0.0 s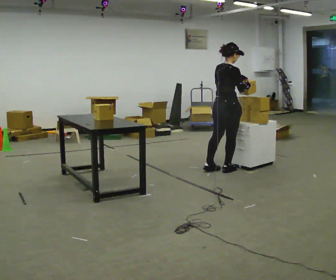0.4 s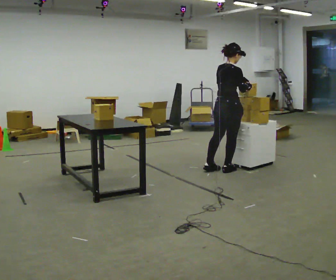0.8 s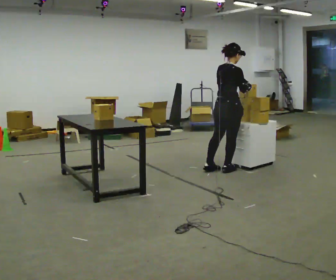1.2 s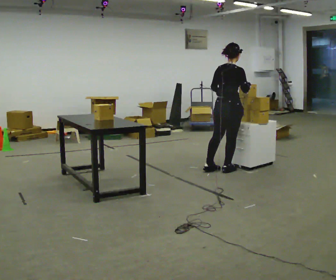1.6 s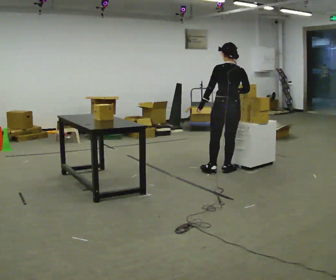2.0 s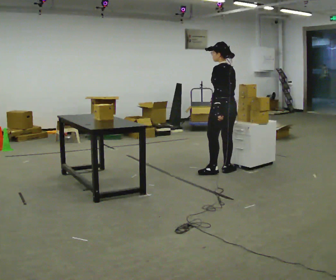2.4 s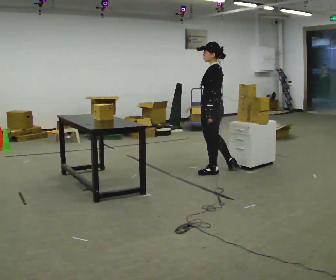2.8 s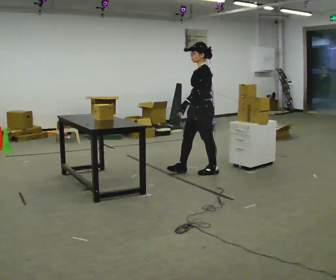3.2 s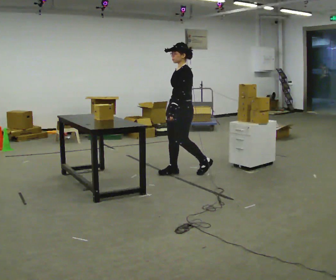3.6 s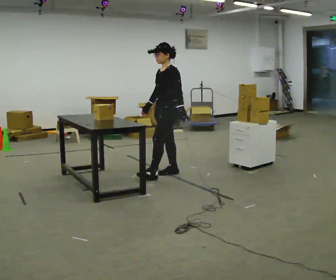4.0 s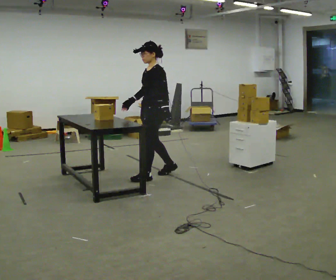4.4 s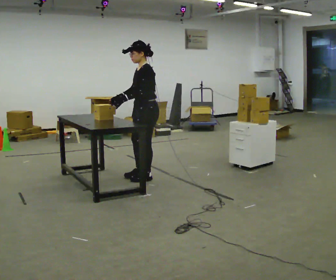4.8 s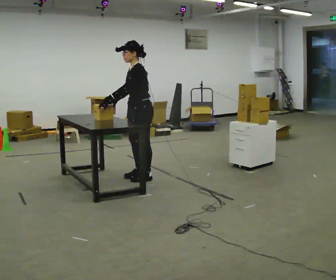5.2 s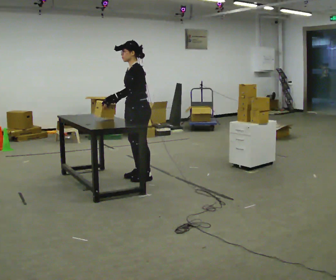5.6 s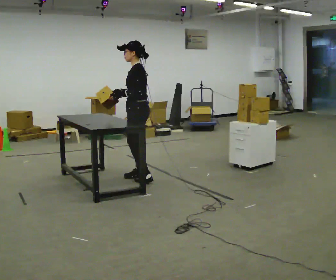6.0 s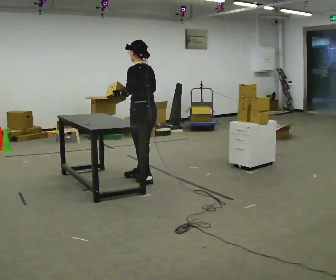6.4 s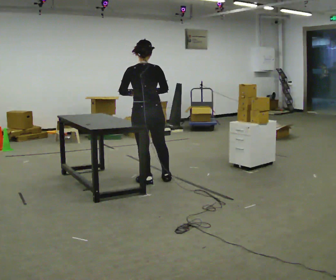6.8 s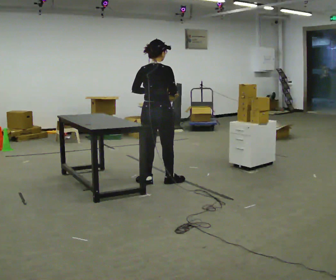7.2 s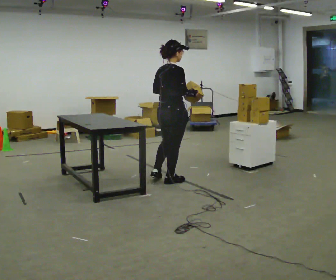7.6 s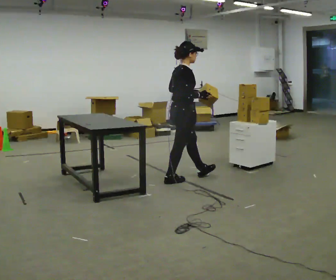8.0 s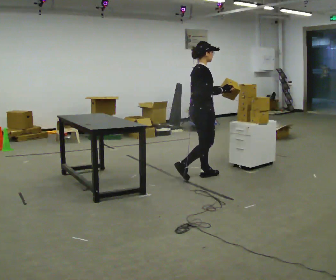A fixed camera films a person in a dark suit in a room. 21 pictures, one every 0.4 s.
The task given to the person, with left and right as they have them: 1. Move all 12 boxes from the shelf at one end of the room to the shelf at the other end. 2. The cart is not available today, so carry them. 3. Tell the operator when you are finished.
0.0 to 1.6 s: The person turns about 45 degrees to their left, counterclockwise seen from above, so the part of the body nearest the lens slides to the right. In the picture their left hand goes to the left.
1.6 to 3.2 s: The part of the body nearest the lens slides to the right as the person turns to their left by about 105 degrees. In the picture they go to the left, about 0.5 m in 1 step.
3.2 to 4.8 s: In the picture they go to the left, about 0.5 m in 2 steps, which for them is forward.
4.8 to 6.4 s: The person turns about 90 degrees to their right, clockwise seen from above, so the part of the body nearest the lens slides to the left. In the picture they go toward the camera, about 0.25 m in 1 step. In the picture their right hand goes to the right.
6.4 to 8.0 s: Seen from above the body turns clockwise, about 90 degrees: to their right, with its near side sliding to the left. In the picture they go to the right, about 0.5 m in 2 steps.
The film runs forward here.
